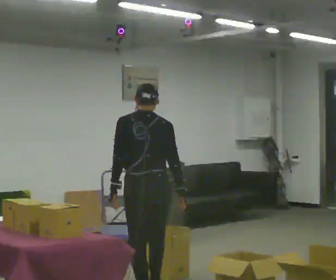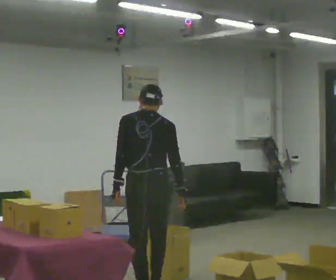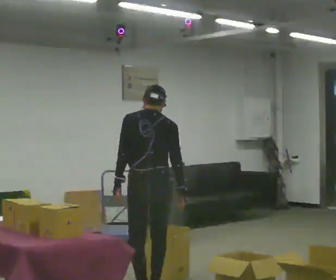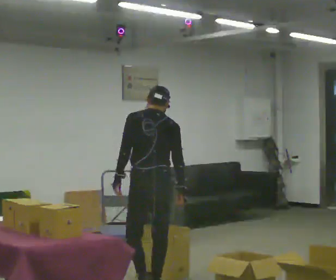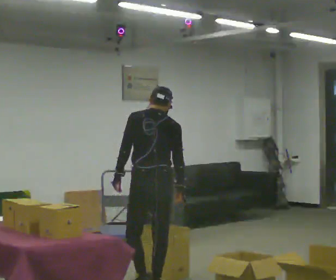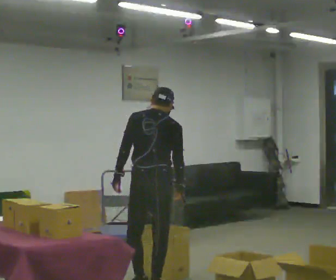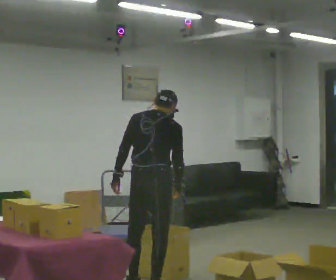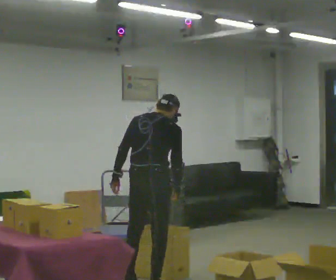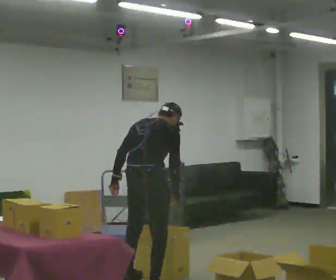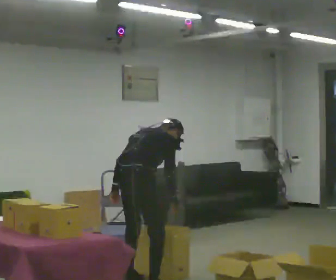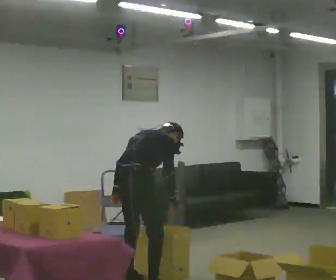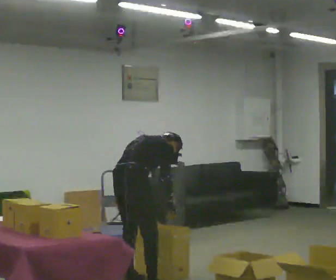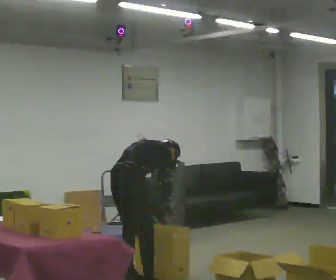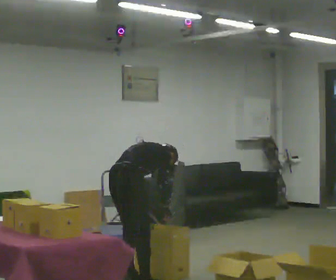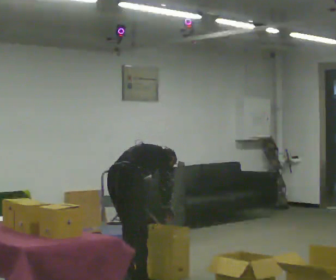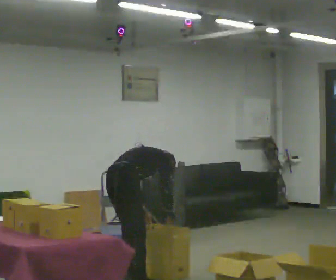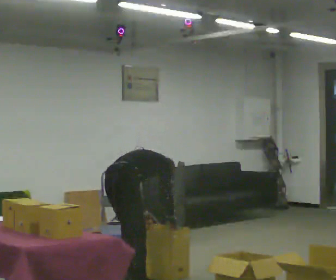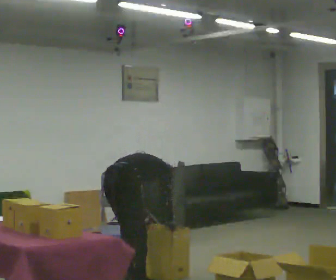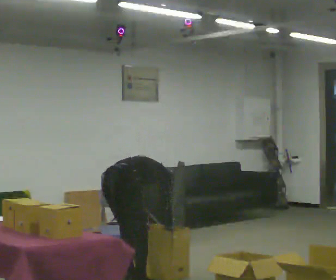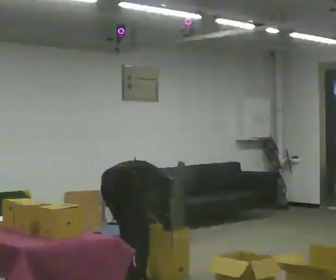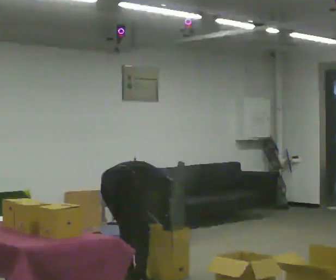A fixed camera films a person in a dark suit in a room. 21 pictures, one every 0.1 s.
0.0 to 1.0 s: Seen from above the body turns clockwise, about 45 degrees: to their right, with its near side sliding to the left. In the picture they go away from the camera, about 0.5 m in 1 step, which for them is forward. The upper body tips away from the camera, its near side rolling upward, as they bend forward.
1.0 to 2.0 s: In the picture they go away from the camera, about 0.25 m, which for them is to their left. The shoulders move downward. In the picture the upper body tilts clockwise, shoulders to the right, as they bend forward. In the picture their left hand goes downward.
The film runs forward here.
